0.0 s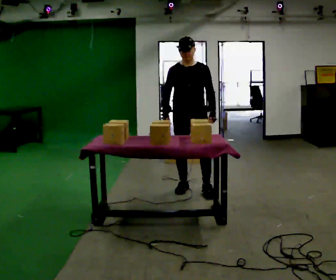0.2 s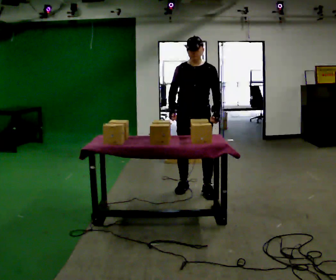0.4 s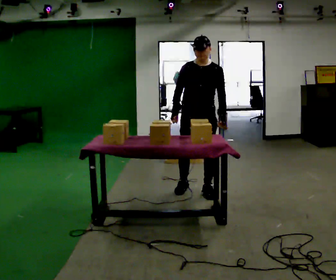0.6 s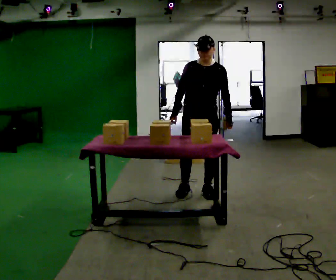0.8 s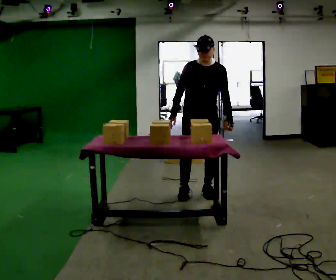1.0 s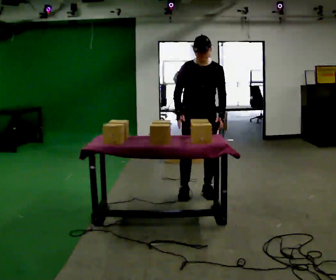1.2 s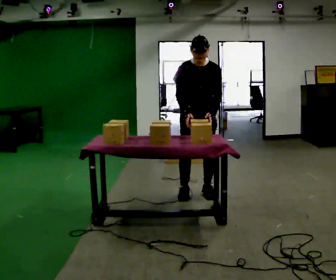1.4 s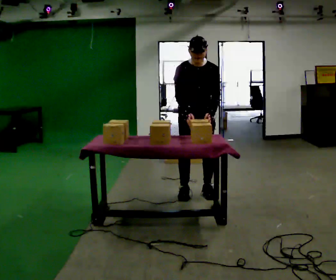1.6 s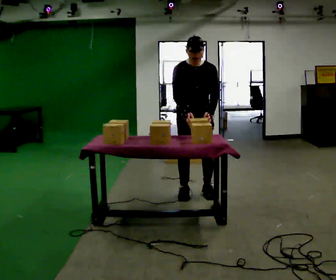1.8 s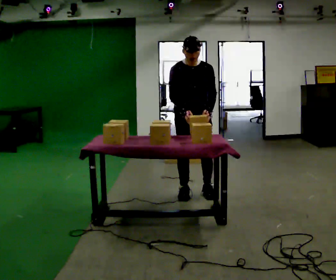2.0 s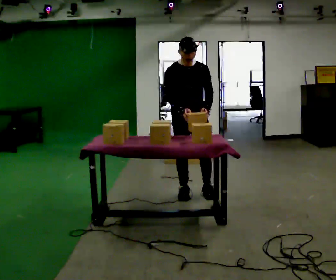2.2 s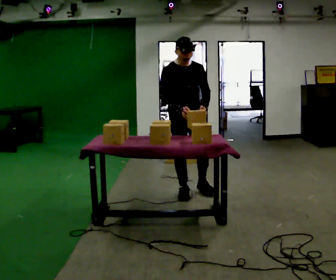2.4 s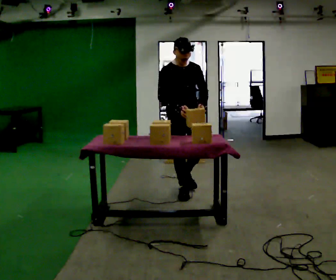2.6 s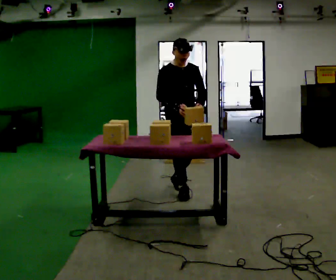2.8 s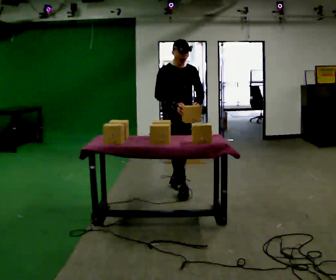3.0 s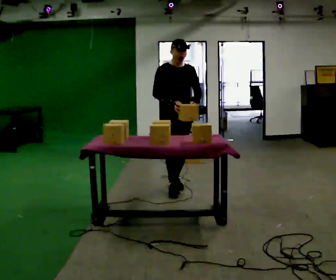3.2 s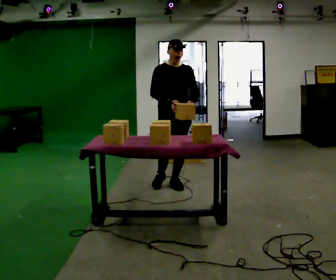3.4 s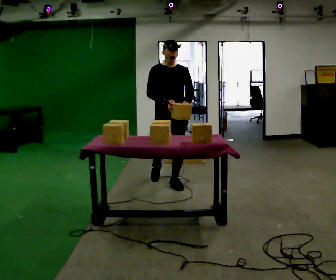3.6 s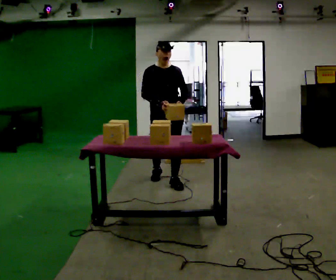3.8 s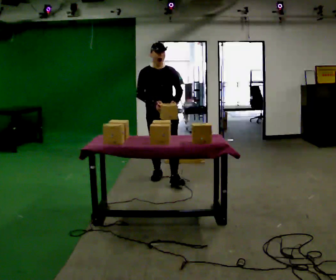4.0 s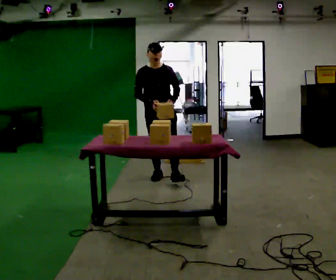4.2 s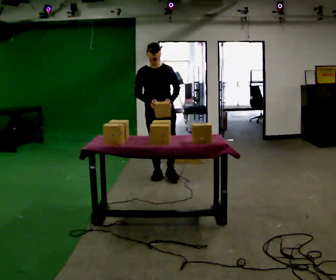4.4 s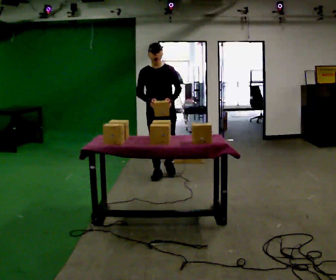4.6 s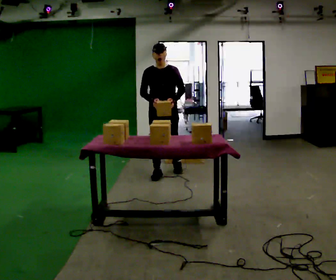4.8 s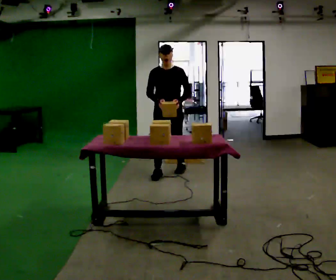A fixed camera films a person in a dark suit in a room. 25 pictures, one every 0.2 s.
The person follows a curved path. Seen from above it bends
clockwise.
0.0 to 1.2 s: In the picture they go toward the camera, about 0.25 m in 1 step, which for them is forward.
1.2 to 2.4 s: In the picture they go to the left, about 0.25 m in 1 step, which for them is to their right.
2.4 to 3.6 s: In the picture they go away from the camera and to the left, about 0.5 m in 1 step, which for them is backward.
3.6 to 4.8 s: In the picture they go away from the camera, about 0.5 m in 1 step, which for them is backward.
The film runs backward here.
